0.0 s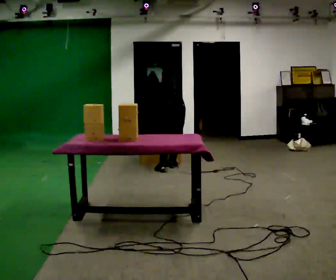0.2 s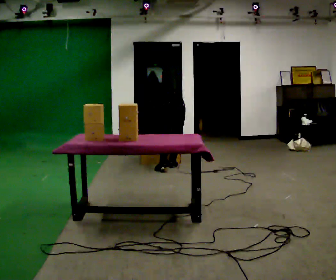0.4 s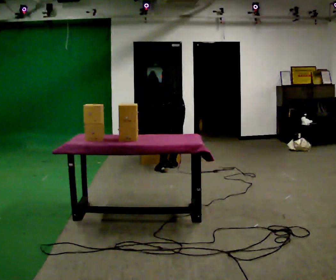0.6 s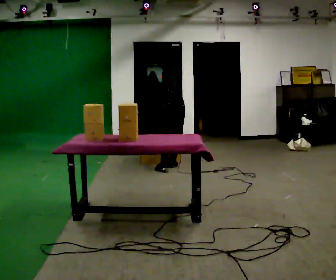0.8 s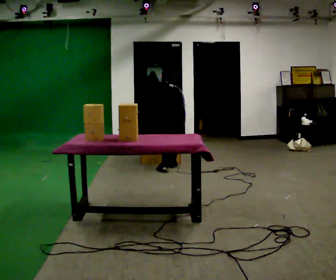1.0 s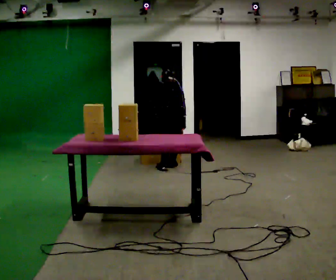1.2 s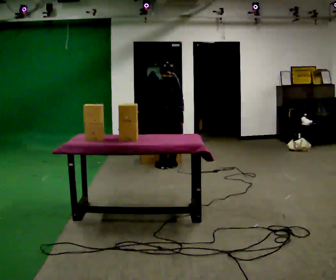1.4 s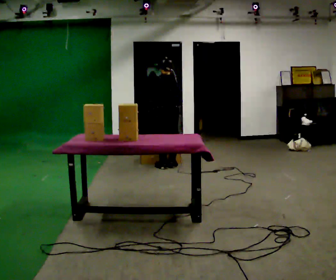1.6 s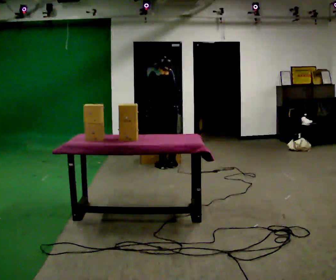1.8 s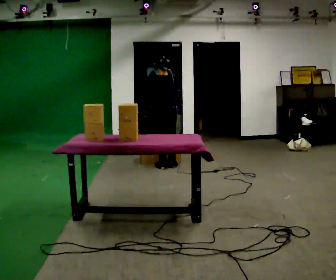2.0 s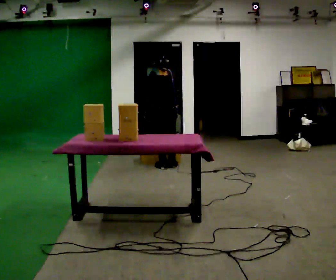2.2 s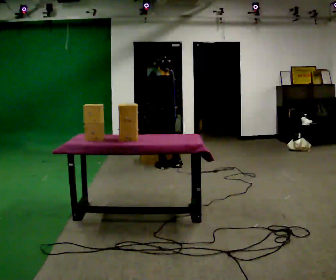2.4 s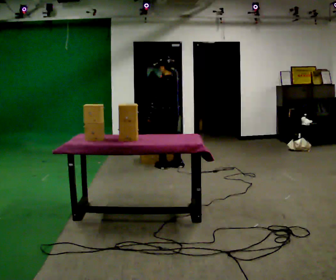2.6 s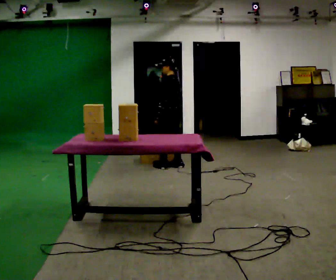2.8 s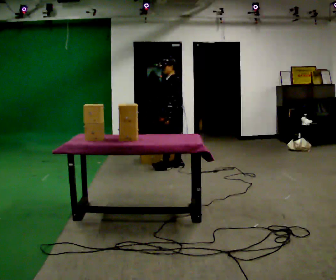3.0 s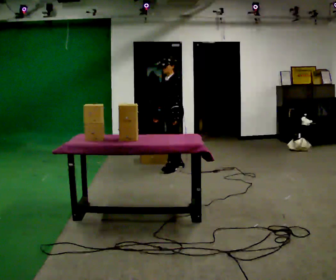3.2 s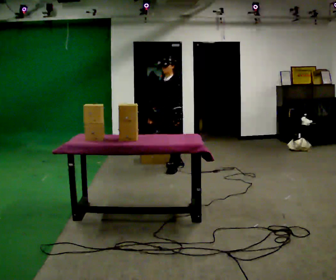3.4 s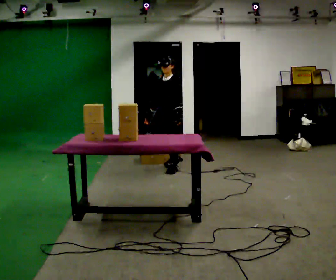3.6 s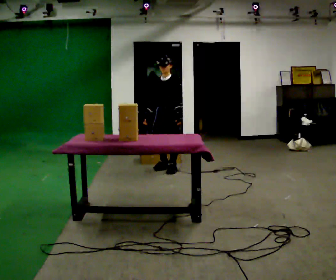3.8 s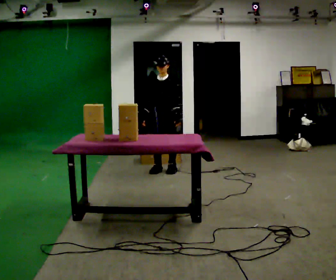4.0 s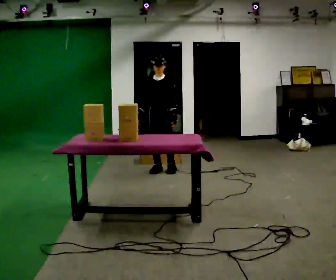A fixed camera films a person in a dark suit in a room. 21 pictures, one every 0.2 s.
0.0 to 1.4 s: The upper body goes upward. The upper body tips toward the camera, its near side rolling downward, as they lean back or straighten. In the picture their right hand goes upward.
1.4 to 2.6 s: Seen from above the body turns counterclockwise, about 60 degrees: to their left, with its near side sliding to the right.
2.6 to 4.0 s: The person turns about 90 degrees to their left, counterclockwise seen from above, so the part of the body nearest the lens slides to the right. In the picture they go toward the camera and to the left, about 0.25 m in 2 steps.
The film runs forward here.
